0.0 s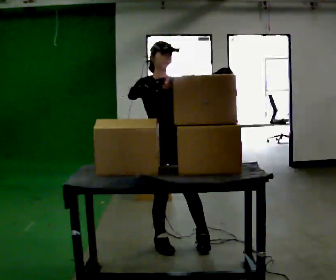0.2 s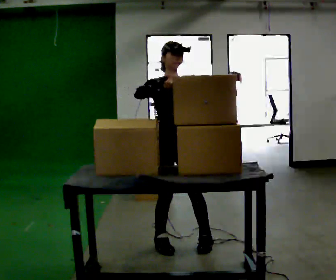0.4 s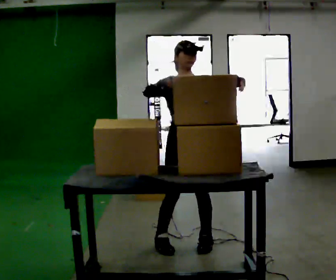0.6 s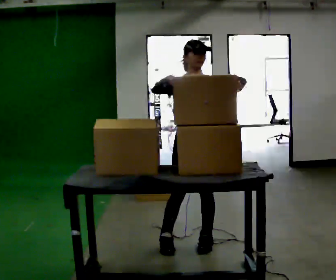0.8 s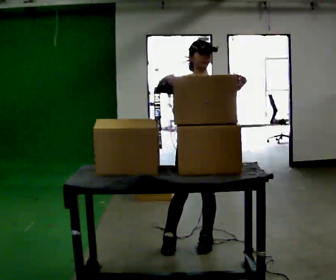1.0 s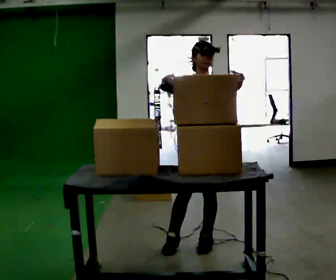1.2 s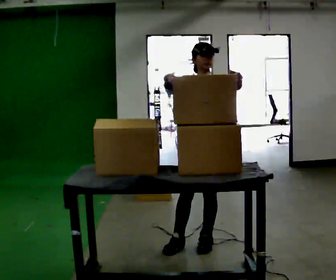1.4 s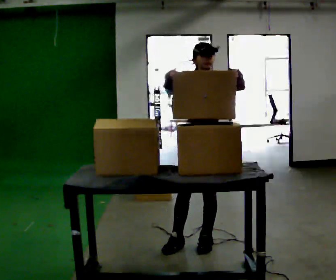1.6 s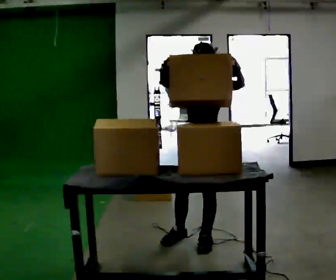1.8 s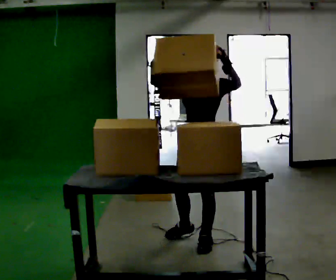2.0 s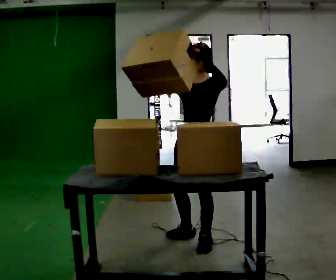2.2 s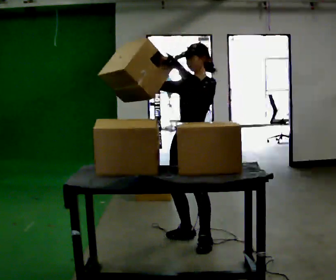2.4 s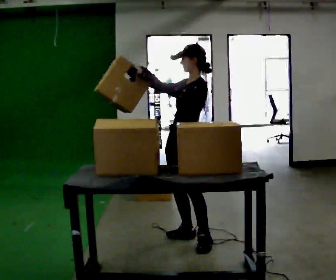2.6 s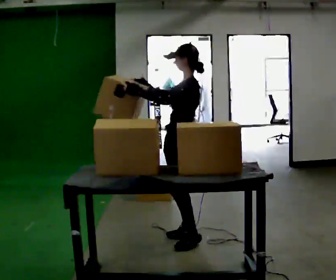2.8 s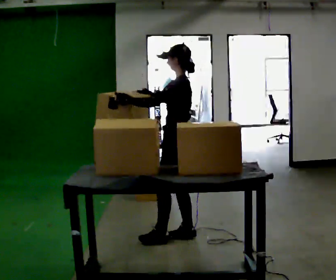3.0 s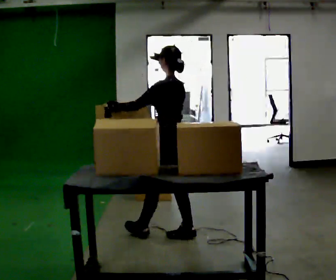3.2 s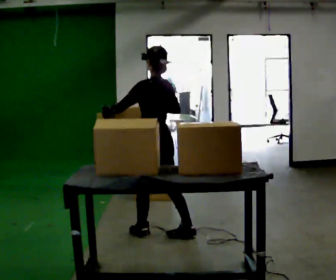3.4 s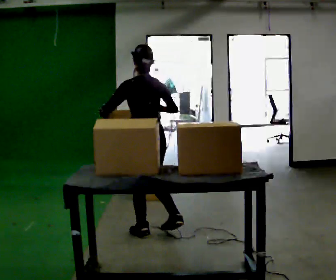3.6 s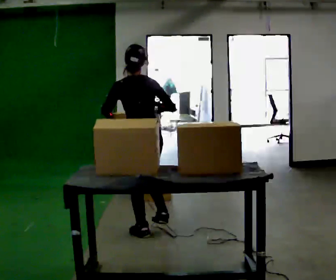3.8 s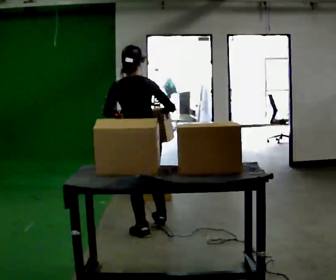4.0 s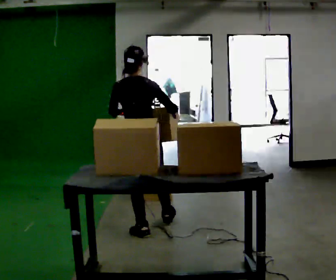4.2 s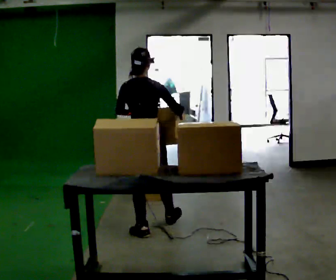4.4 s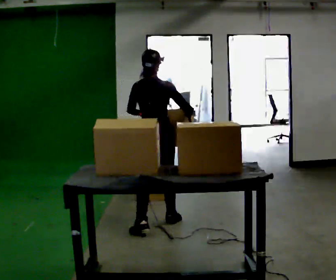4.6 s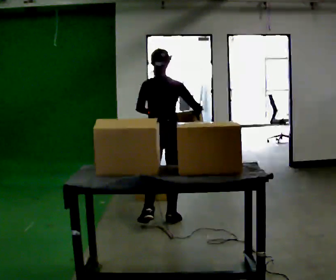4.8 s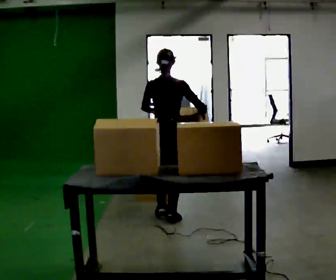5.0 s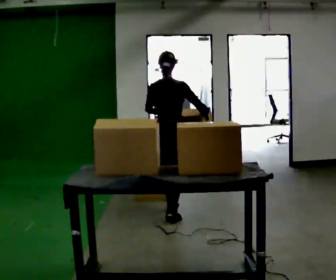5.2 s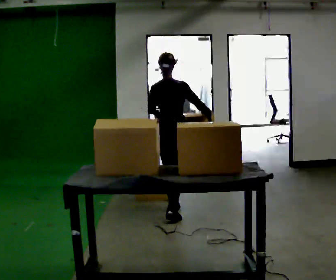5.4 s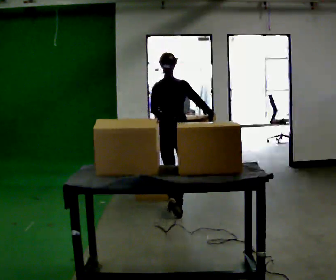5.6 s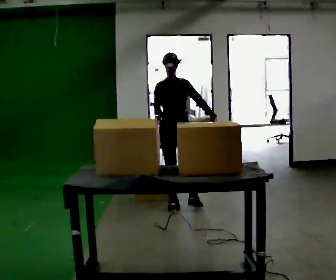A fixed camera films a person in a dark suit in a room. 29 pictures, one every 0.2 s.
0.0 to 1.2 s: Seen from above the body turns clockwise, about 30 degrees: to their right, with its near side sliding to the left. In the picture they go to the right, about 0.25 m in 1 step, which for them is to their left.
1.2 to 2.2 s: The part of the body nearest the lens slides to the left as the person turns to their right by about 45 degrees.
2.2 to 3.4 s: The part of the body nearest the lens slides to the left as the person turns to their right by about 105 degrees. In the picture they go to the left and away from the camera, about 0.5 m in 1 step. In the picture the upper body tilts counterclockwise, shoulders to the left. In the picture their right hand goes downward.
3.4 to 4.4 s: The person turns about 30 degrees to their right, clockwise seen from above, so the part of the body nearest the lens slides to the left. In the picture they go away from the camera, about 0.25 m in 1 step, which for them is forward.
4.4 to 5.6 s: In the picture they go away from the camera, about 0.5 m in 1 step, which for them is forward.
The film runs forward here.
